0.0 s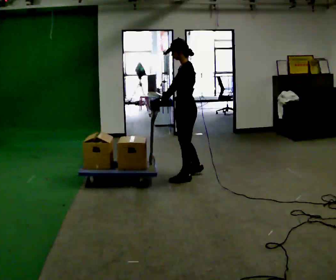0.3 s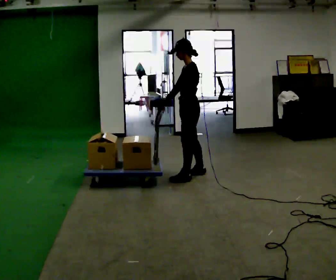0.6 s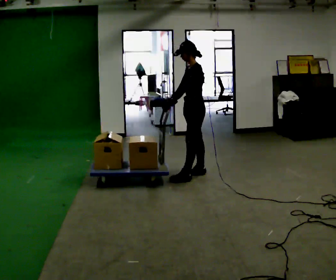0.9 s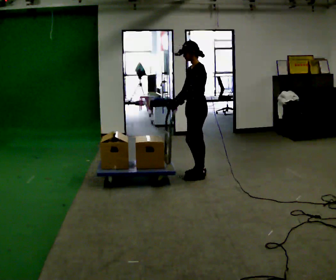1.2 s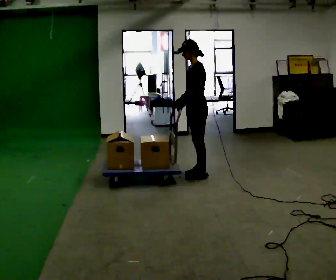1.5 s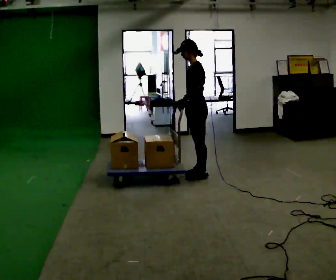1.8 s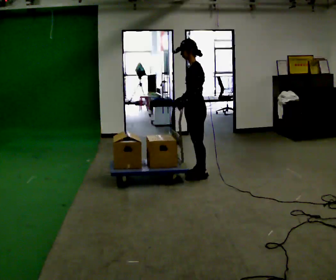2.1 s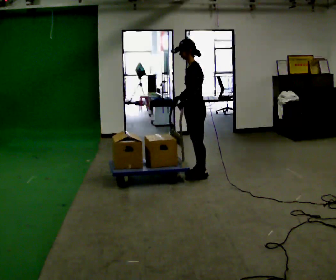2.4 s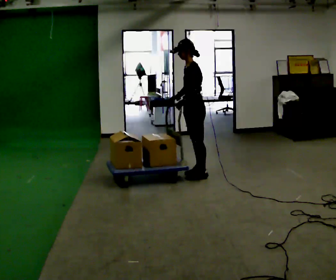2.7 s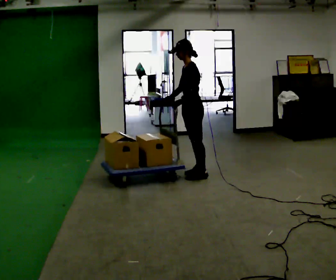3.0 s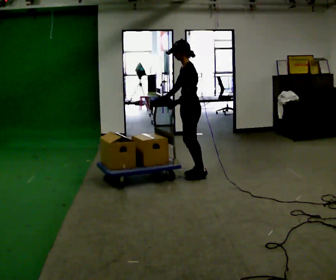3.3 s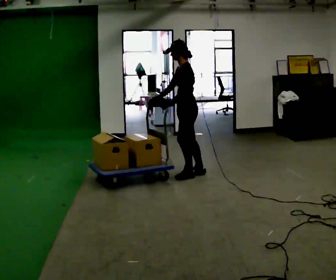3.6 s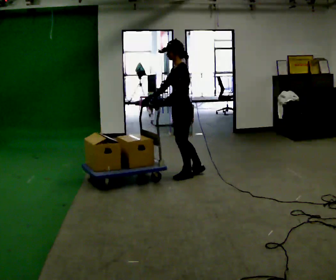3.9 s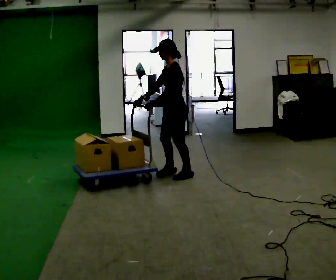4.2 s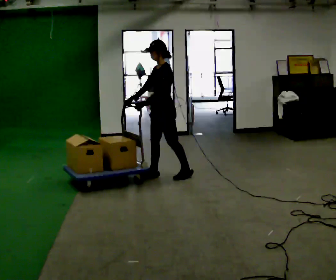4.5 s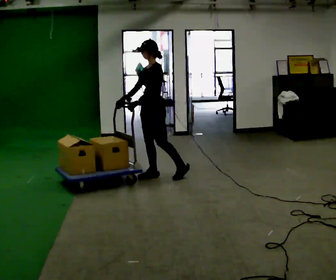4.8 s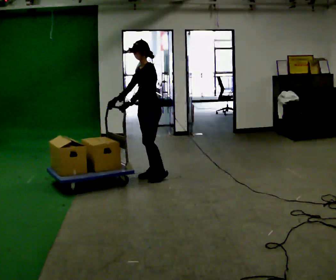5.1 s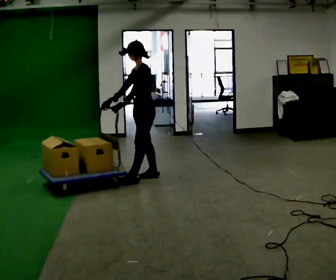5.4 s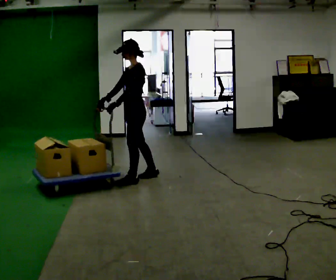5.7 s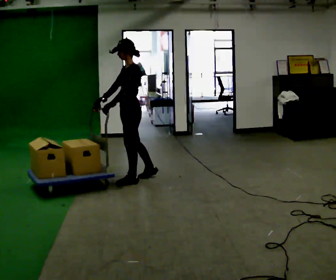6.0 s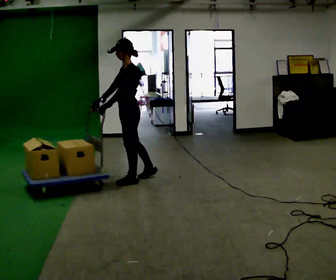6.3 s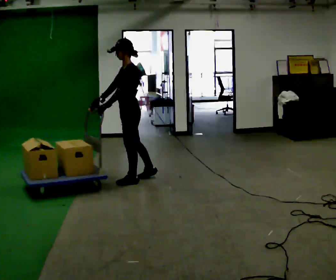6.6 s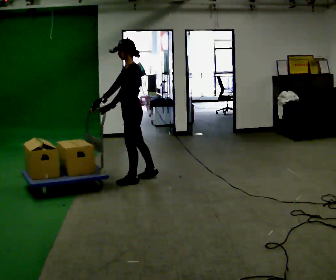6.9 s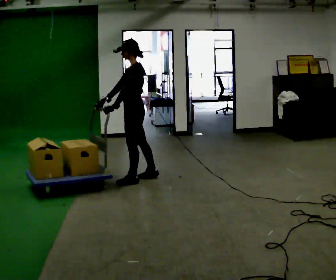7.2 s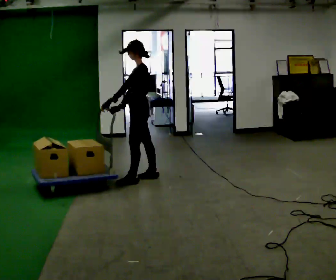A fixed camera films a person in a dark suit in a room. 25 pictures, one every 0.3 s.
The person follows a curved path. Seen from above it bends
counterclockwise.
0.0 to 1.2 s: In the picture they go away from the camera, about 0.25 m in 2 steps, which for them is backward and to their right.
1.2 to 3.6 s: In the picture they go to the left, about 0.25 m in 1 step, which for them is forward. In the picture their right hand goes to the left.
3.6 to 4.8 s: In the picture they go to the left, about 0.25 m in 1 step, which for them is forward.
4.8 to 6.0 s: In the picture they go toward the camera and to the left, about 0.25 m in 1 step, which for them is forward and to their left.
6.0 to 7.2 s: The person moves a little, or ends about where they began.
The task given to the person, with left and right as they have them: Get the cart into the marked parking space and lined up with the tape. Take as many adjustments as you need. Then take it out again and repeat.
The film runs forward here.
